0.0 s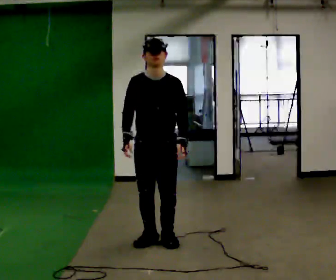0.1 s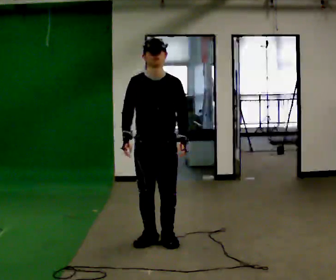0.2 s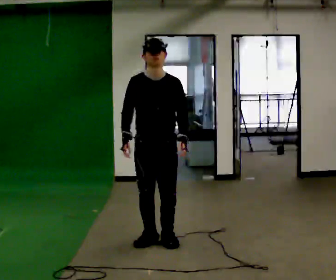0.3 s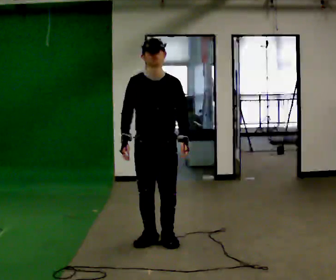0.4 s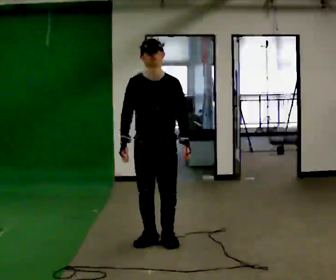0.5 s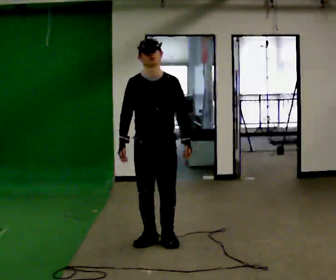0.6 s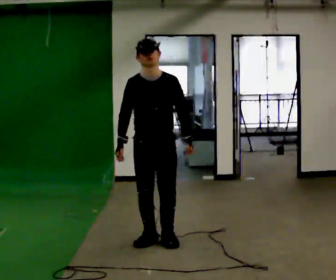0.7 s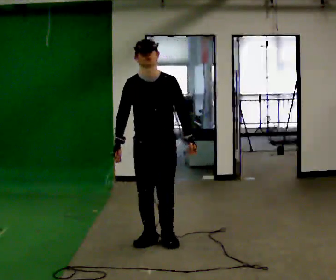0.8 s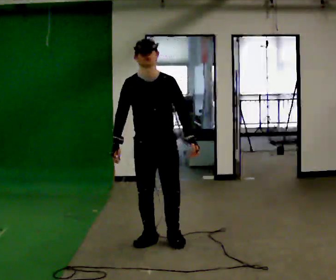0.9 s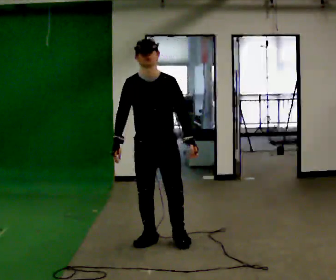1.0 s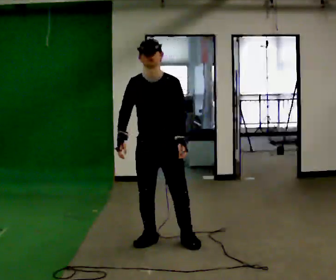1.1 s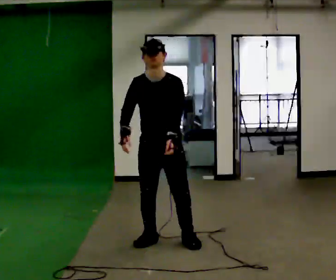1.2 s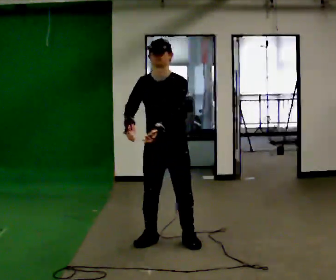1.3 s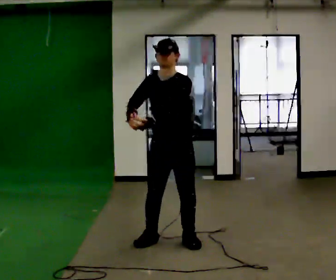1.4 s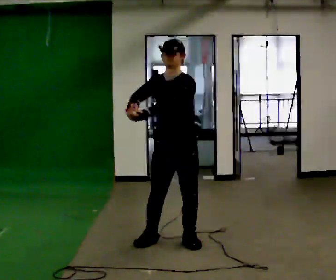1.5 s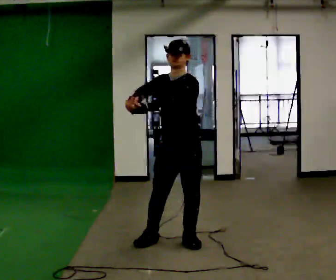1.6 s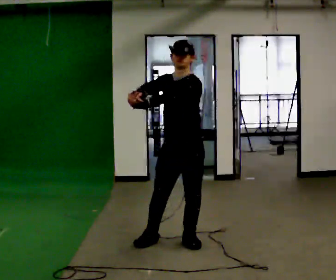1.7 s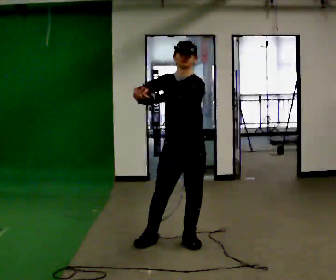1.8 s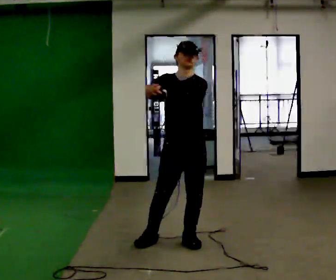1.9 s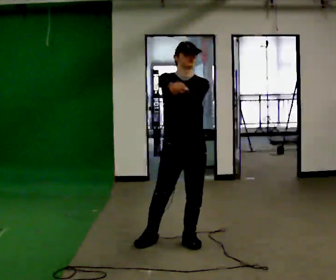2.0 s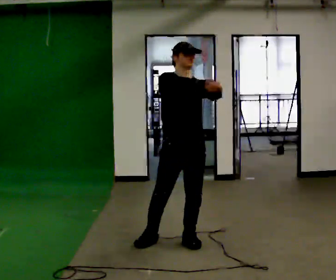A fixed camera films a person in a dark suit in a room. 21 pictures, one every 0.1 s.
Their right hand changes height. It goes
upward.
0.0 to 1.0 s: The person moves a little, or ends about where they began.
1.0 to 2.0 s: In the picture they go to the right, about 0.25 m, which for them is to their left. In the picture their right hand goes to the right and upward.
The film runs backward here.
